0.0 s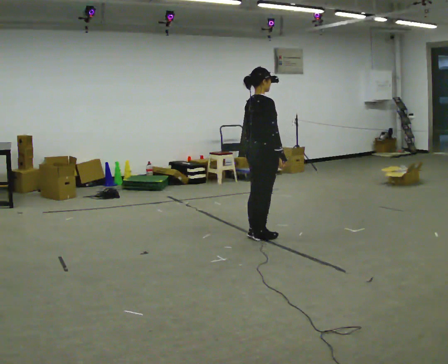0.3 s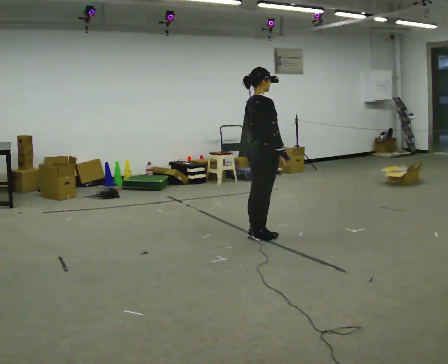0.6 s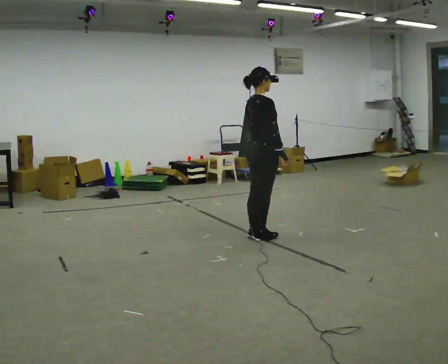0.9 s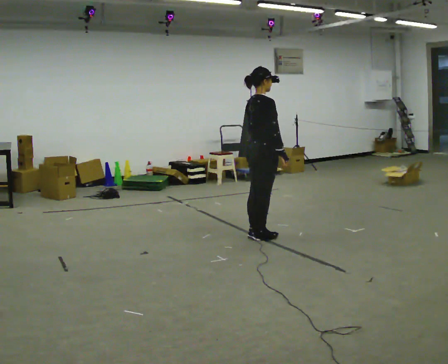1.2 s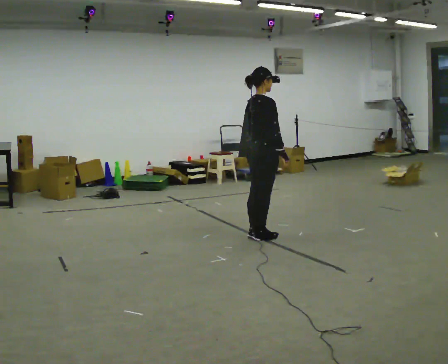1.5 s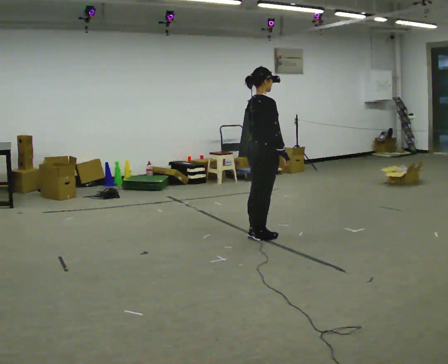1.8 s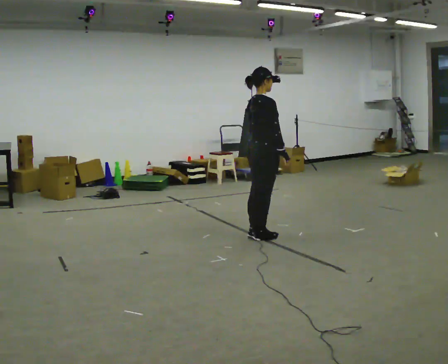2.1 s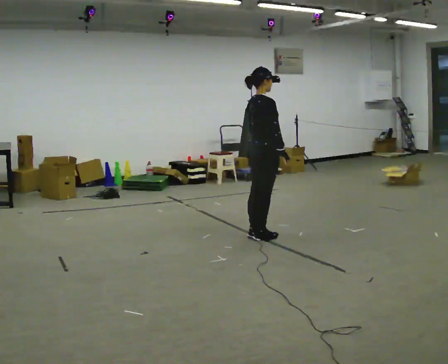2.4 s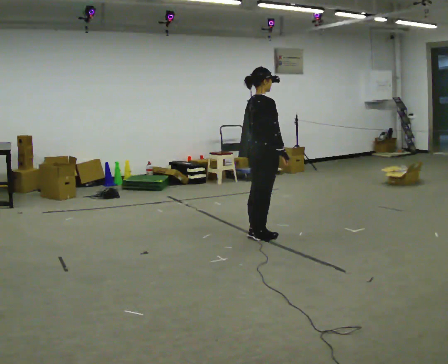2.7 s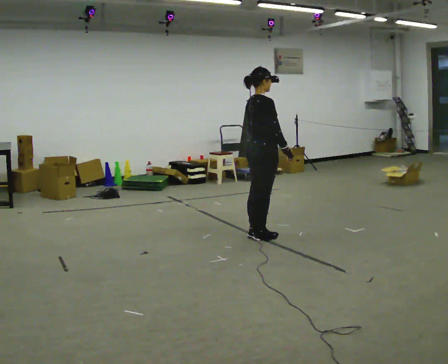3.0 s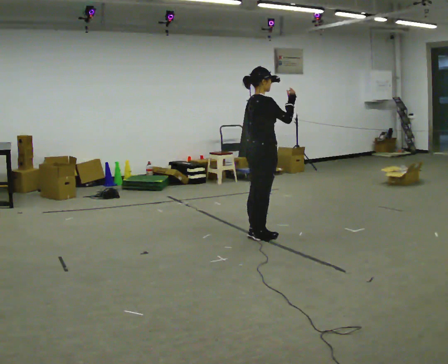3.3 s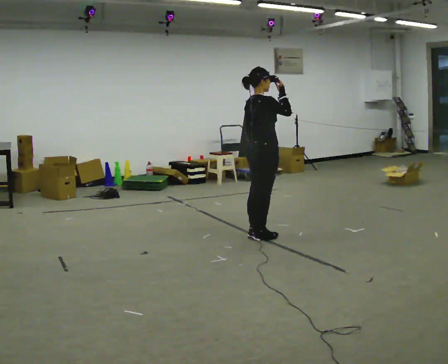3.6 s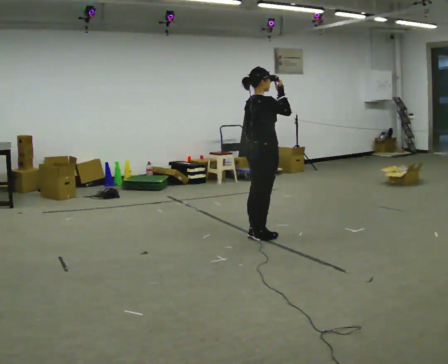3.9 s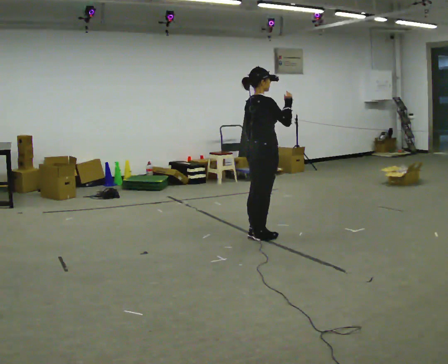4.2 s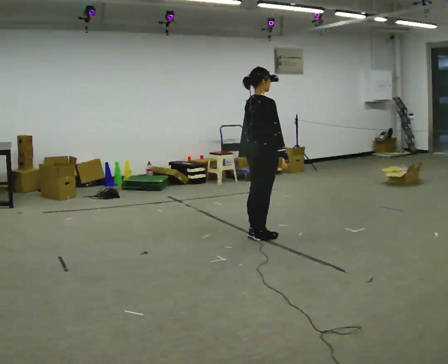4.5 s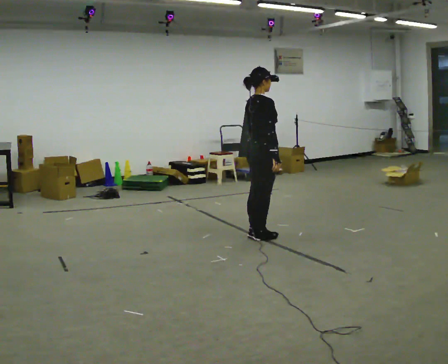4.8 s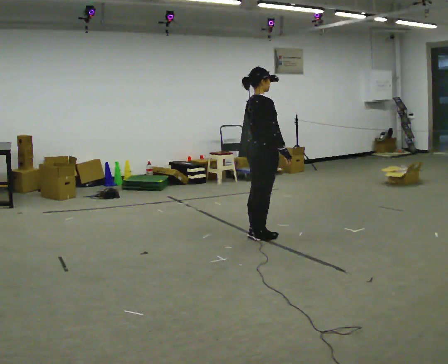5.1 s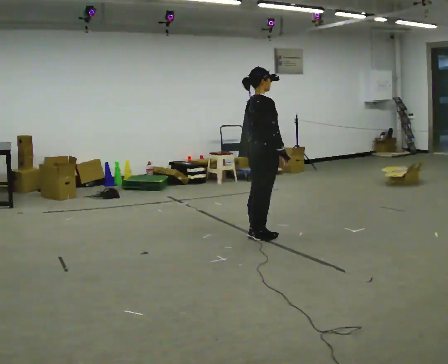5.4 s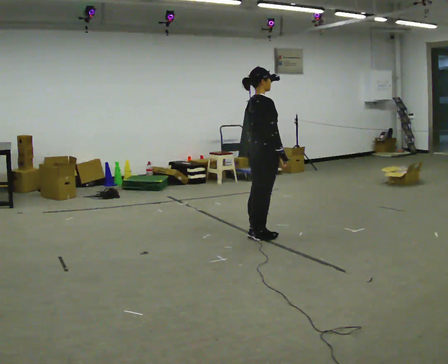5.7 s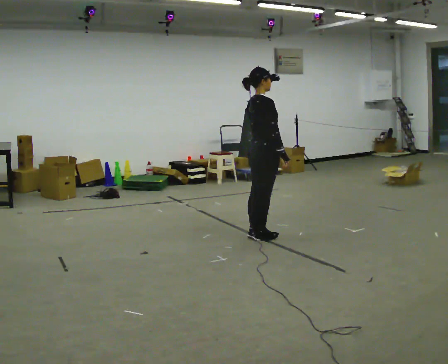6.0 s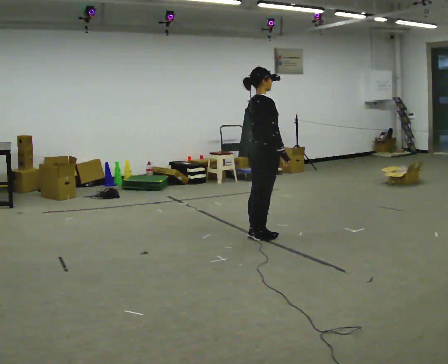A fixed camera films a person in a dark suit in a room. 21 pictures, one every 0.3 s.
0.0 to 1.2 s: The person moves a little, or ends about where they began.
1.2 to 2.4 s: The person keeps their place and pose.
2.4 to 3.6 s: In the picture their right hand goes upward.
3.6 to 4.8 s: In the picture their right hand goes downward.
4.8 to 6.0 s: The person moves a little, or ends about where they began.
The film runs forward here.
